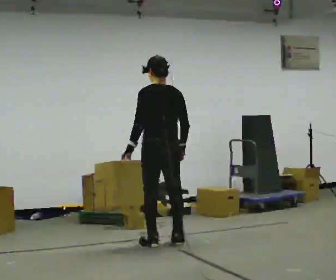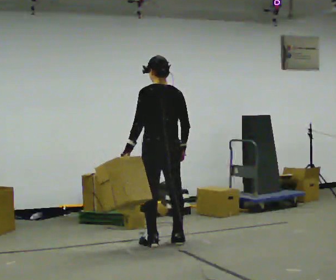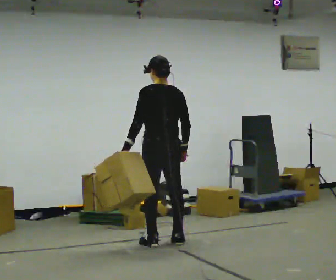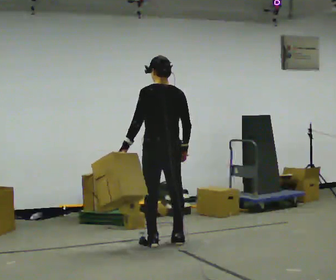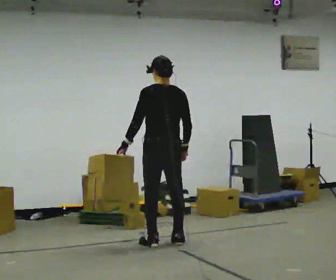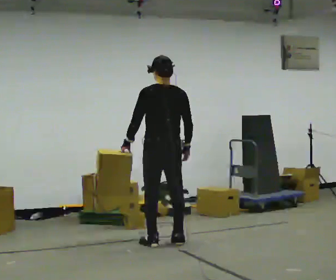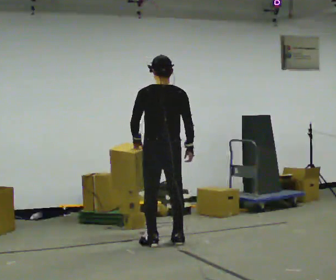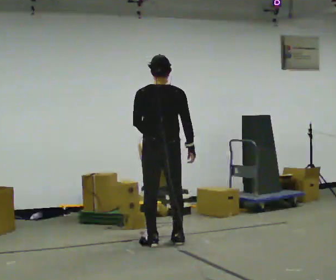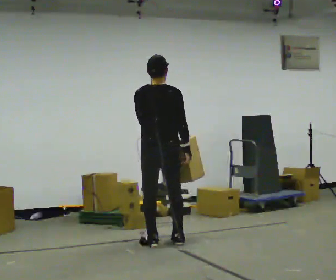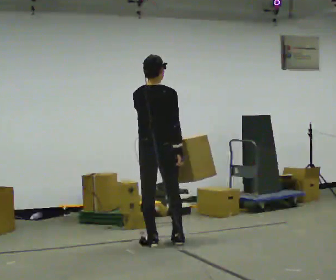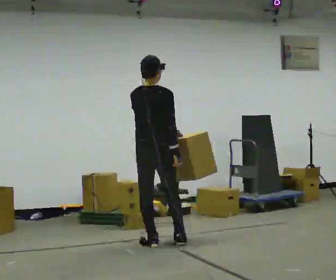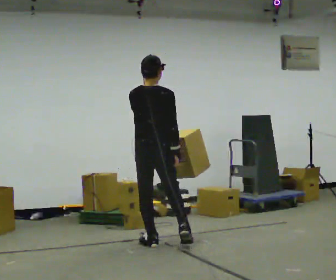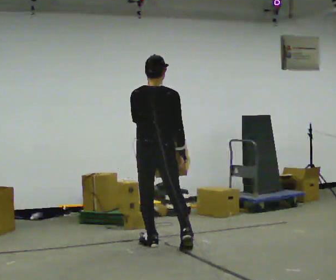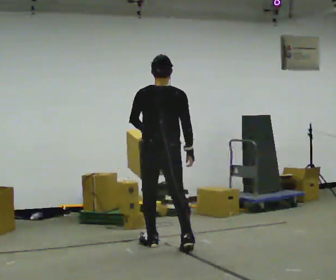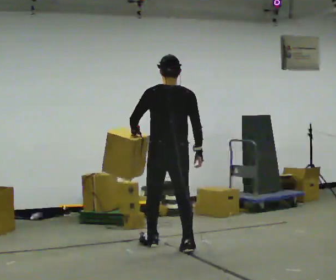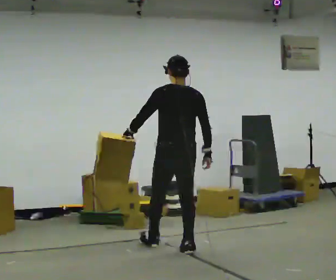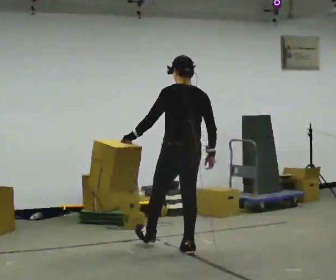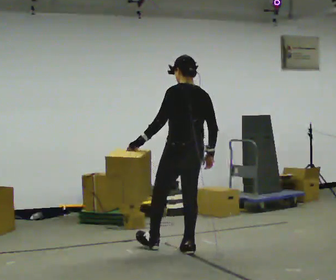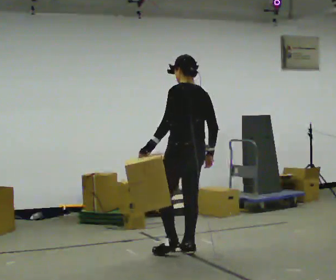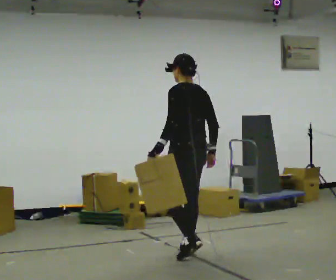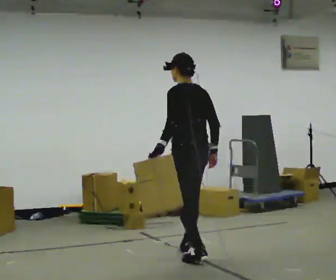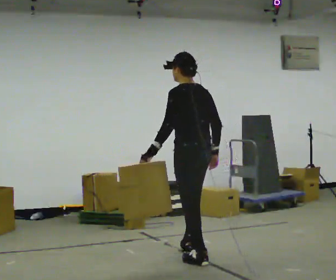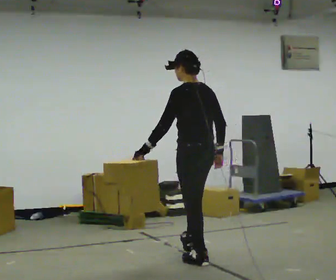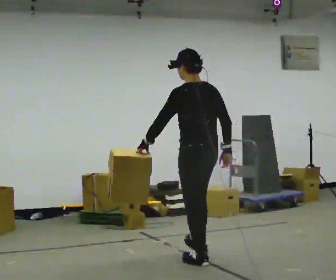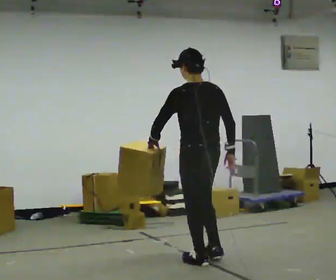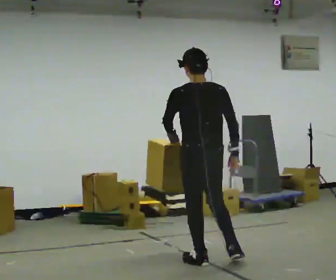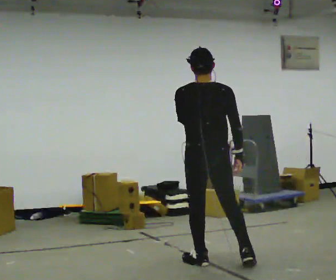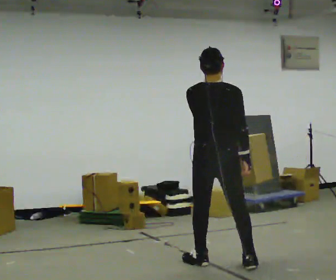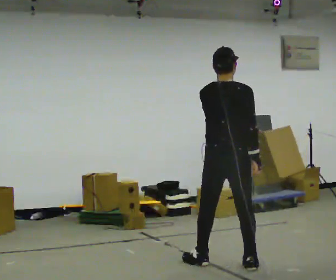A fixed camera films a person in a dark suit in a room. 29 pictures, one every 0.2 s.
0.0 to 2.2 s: Seen from above the body turns clockwise, about 30 degrees: to their right, with its near side sliding to the left.
2.2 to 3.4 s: The part of the body nearest the lens slides to the right as the person turns to their left by about 30 degrees. In the picture they go to the right and toward the camera, about 0.5 m in 1 step, which for them is to their right and backward.
3.4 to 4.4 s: In the picture they go toward the camera, about 0.5 m, which for them is backward and to their left.
4.4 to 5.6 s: The person turns about 60 degrees to their right, clockwise seen from above, so the part of the body nearest the lens slides to the left. In the picture they go to the right and toward the camera, about 0.25 m in 1 step, which for them is backward and to their right.
The film runs backward here.
